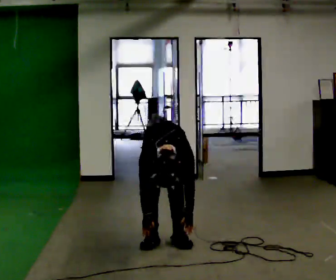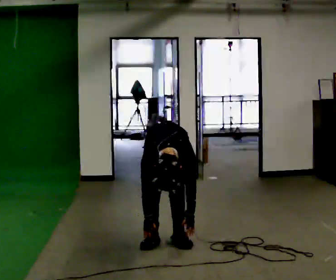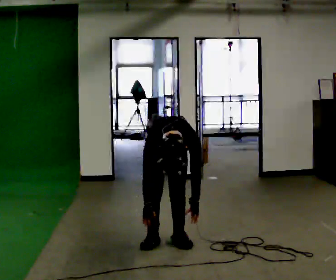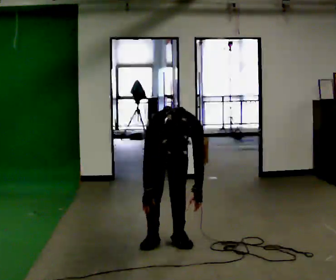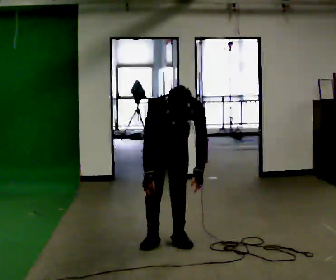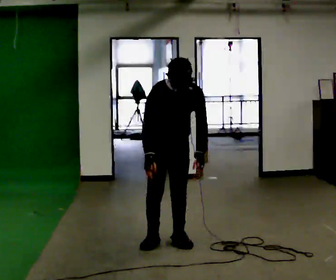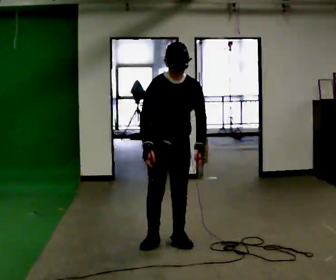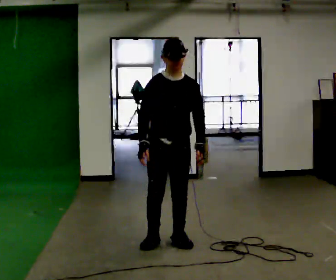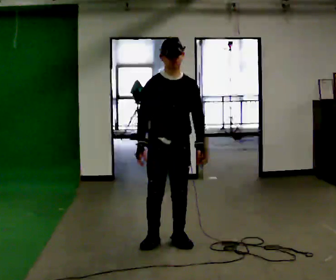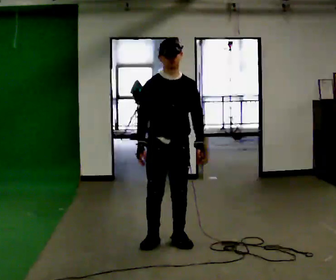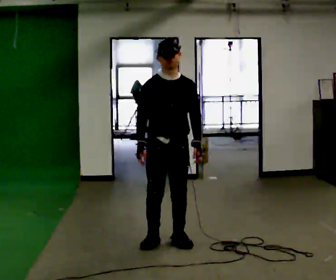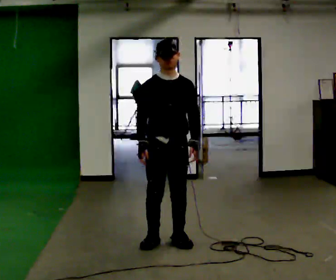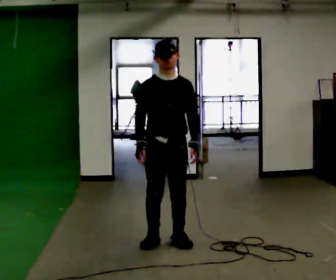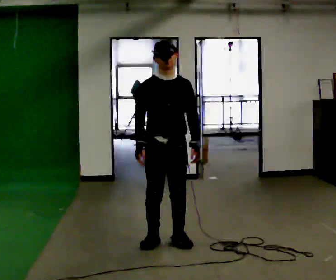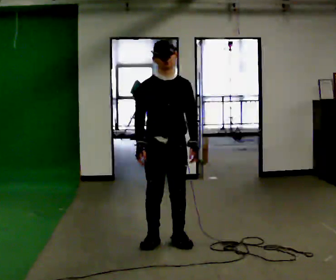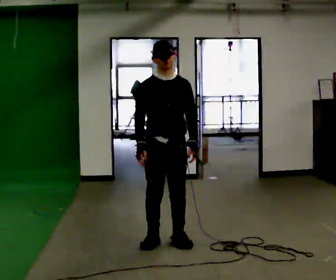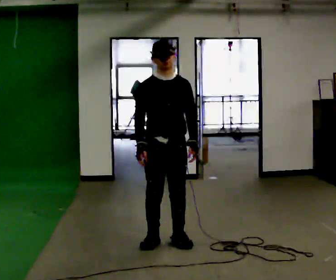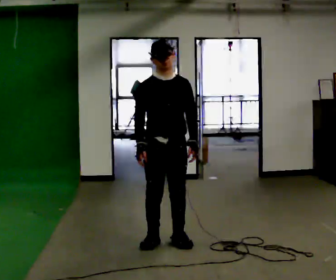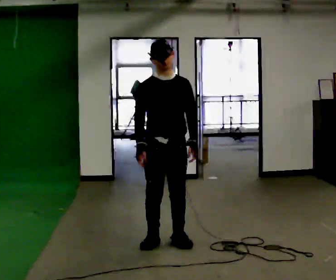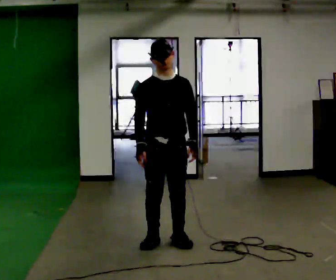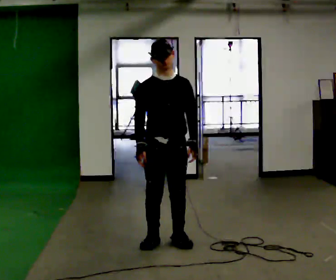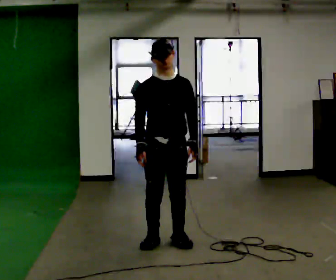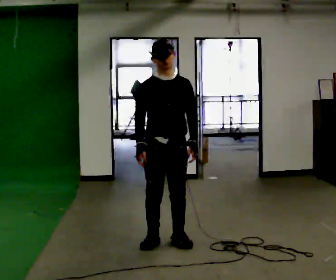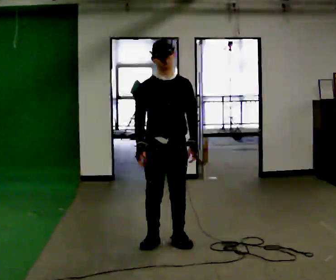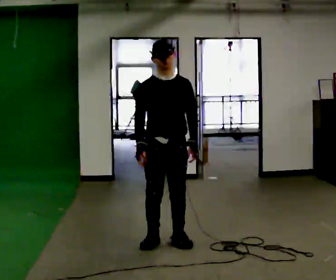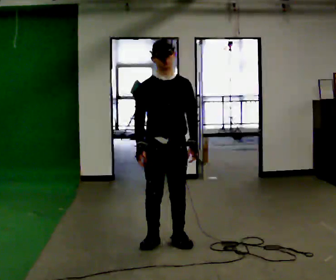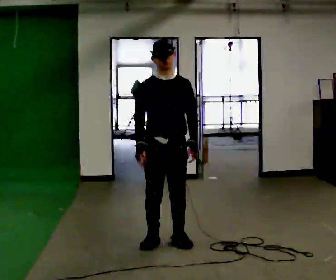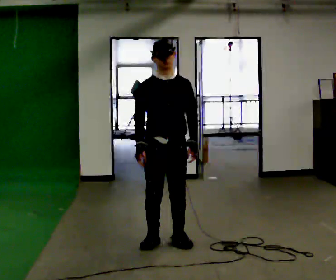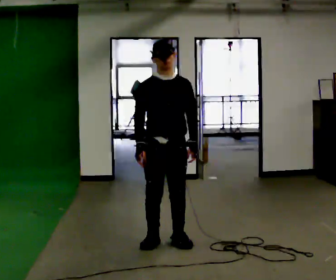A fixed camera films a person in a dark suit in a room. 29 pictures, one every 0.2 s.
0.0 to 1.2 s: In the picture they go toward the camera, about 0.25 m, which for them is forward. The shoulders move upward. The upper body tips away from the camera, its near side rolling upward, as they lean back or straighten. In the picture their right hand goes upward.
1.2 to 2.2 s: The upper body tips away from the camera, its near side rolling upward, as they lean back or straighten.
2.2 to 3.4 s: The person moves a little, or ends about where they began.
3.4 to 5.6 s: The person keeps their place and pose.
The film runs forward here.
